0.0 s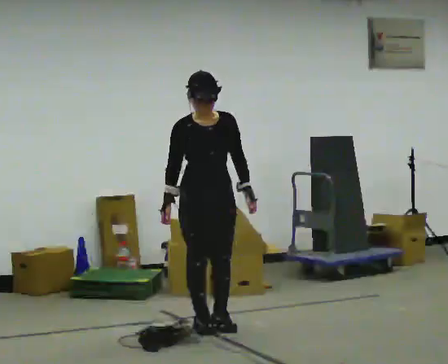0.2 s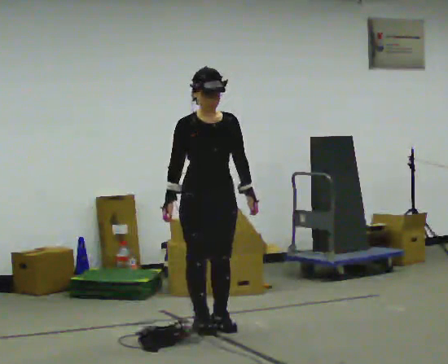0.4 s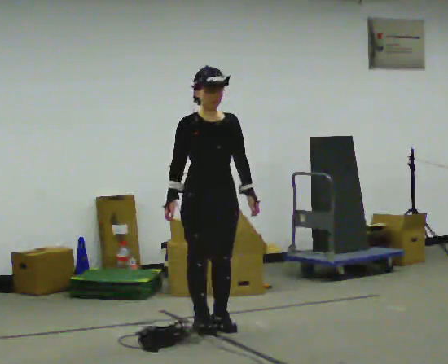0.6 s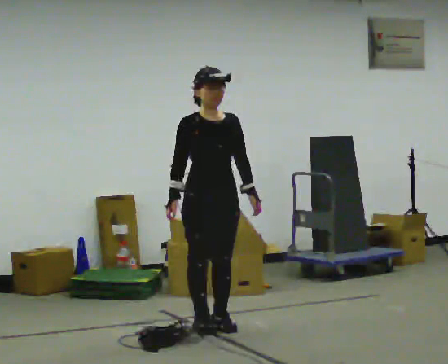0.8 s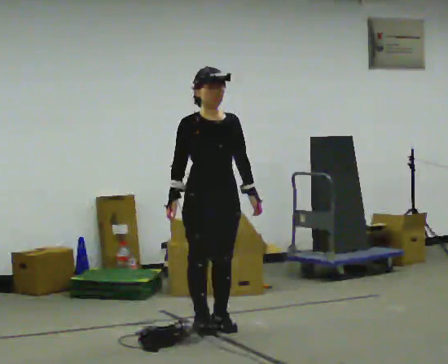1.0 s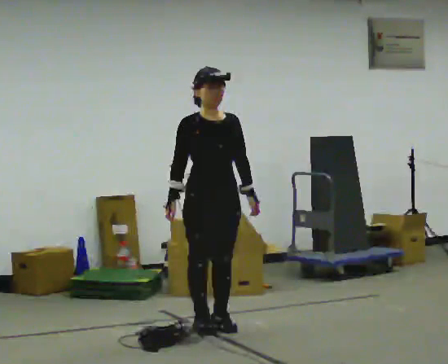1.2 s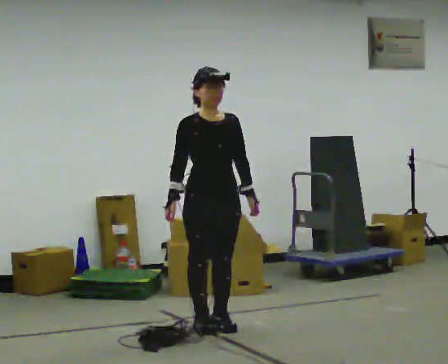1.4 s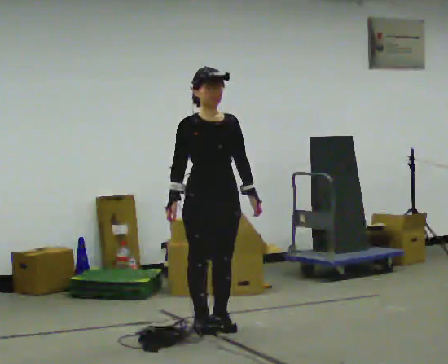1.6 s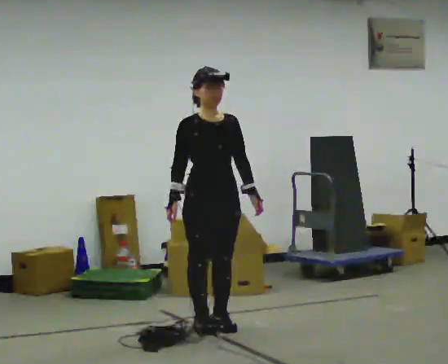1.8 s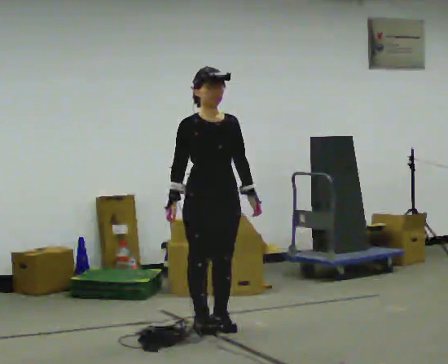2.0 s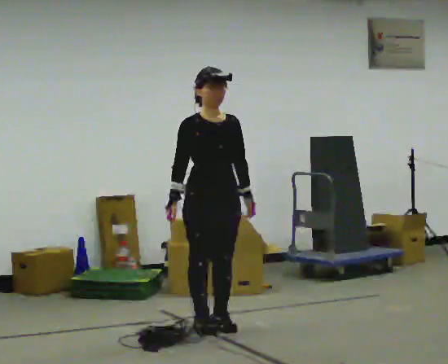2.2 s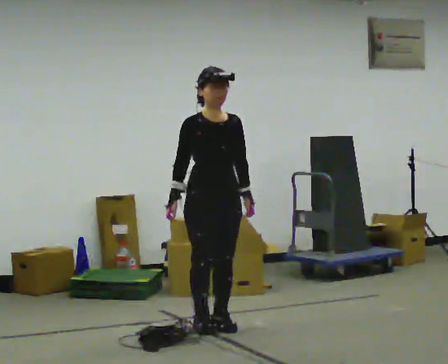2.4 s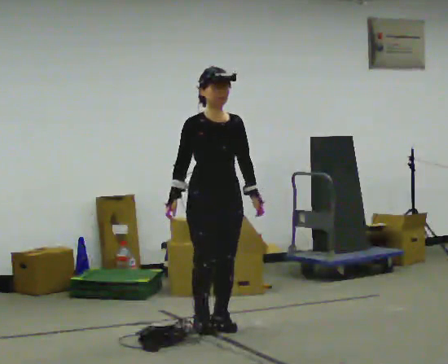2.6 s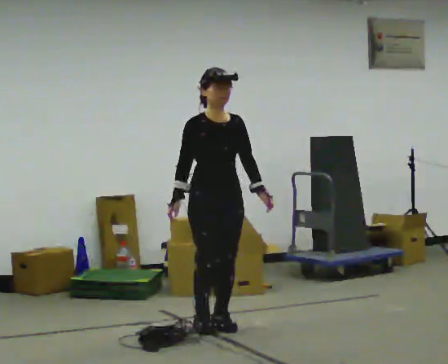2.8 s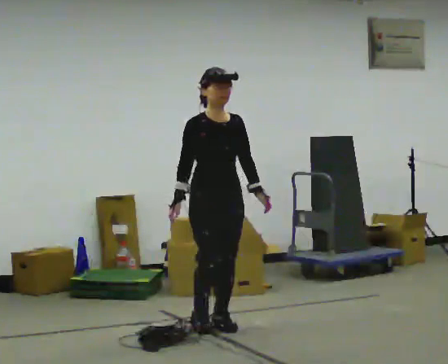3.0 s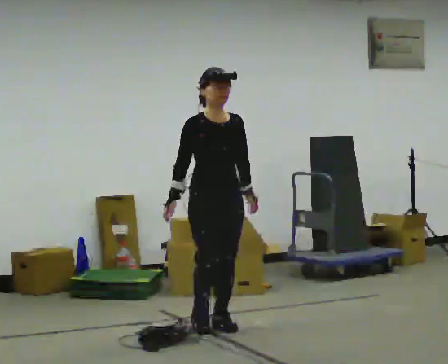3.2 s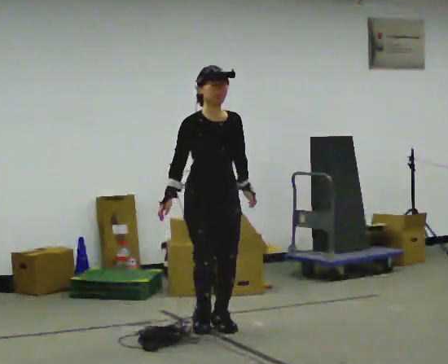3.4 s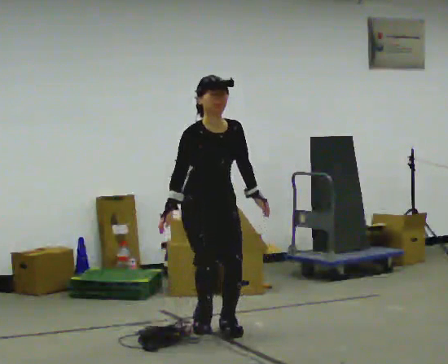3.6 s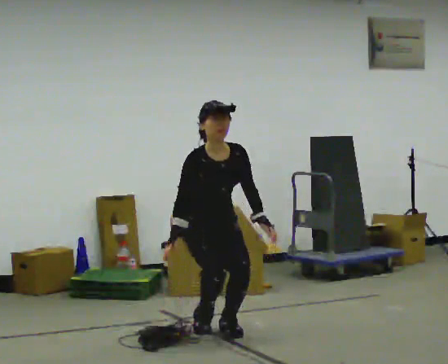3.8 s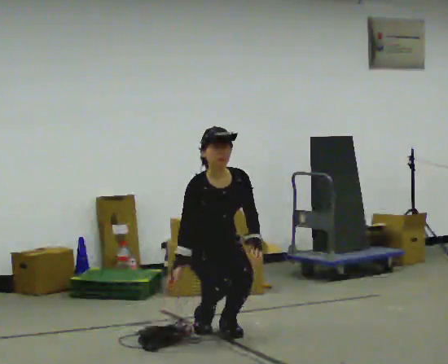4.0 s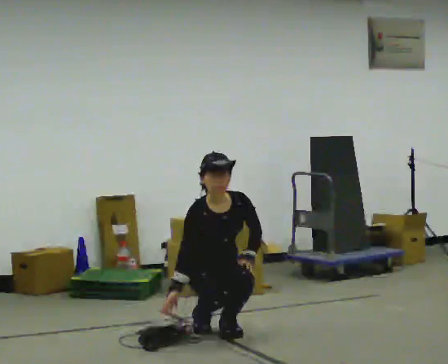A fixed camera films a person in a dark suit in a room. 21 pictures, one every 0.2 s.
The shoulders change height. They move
downward.
Their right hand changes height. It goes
downward.
0.0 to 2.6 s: The person moves a little, or ends about where they began.
2.6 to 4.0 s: The upper body goes downward. The upper body tips toward the camera, its near side rolling downward, as they bend forward. In the picture their left hand goes downward.
The film runs backward here.
